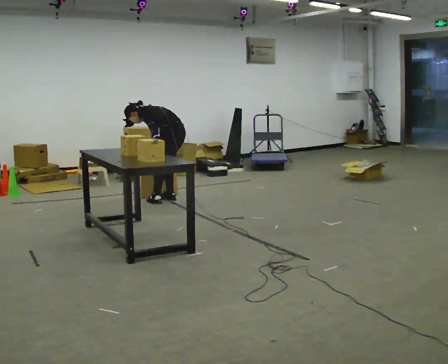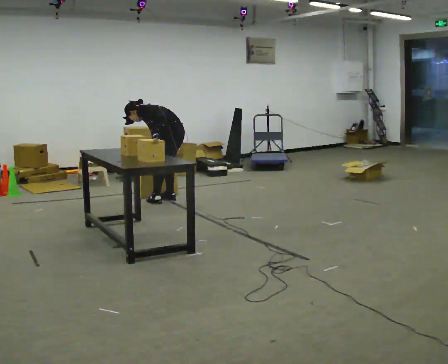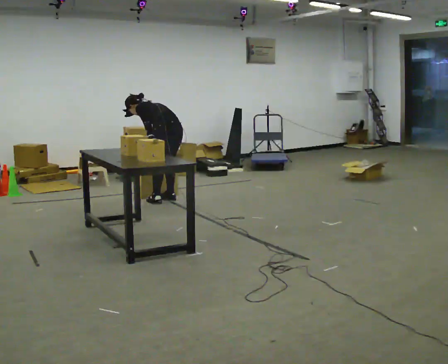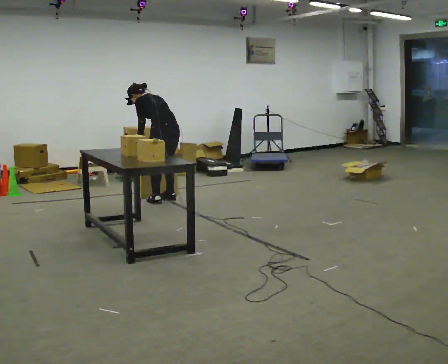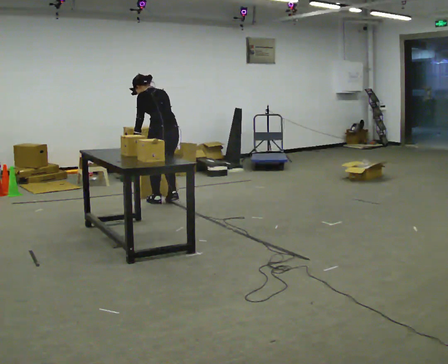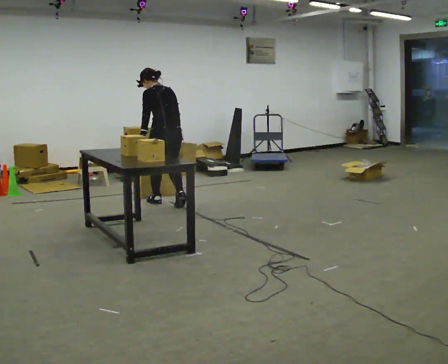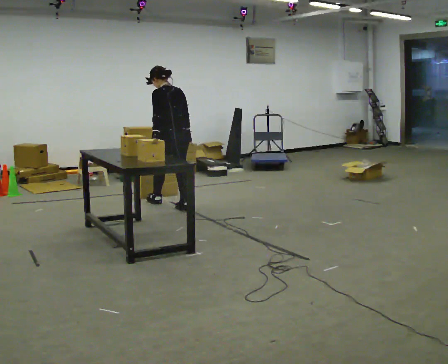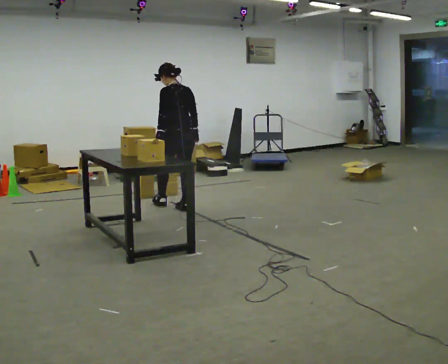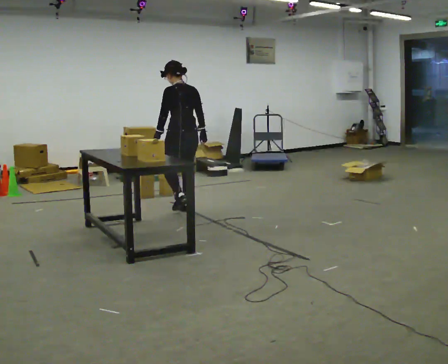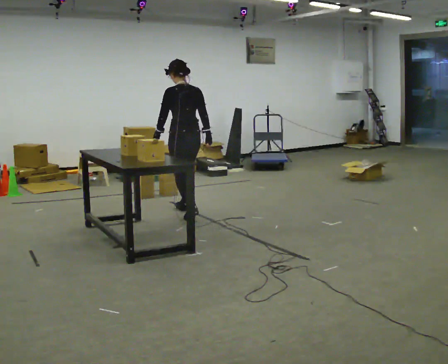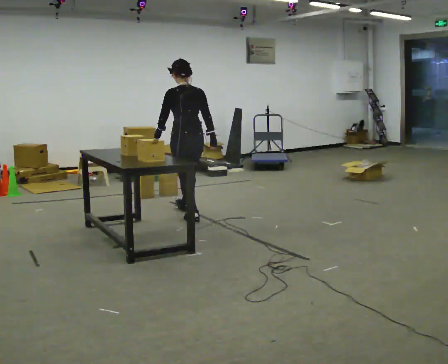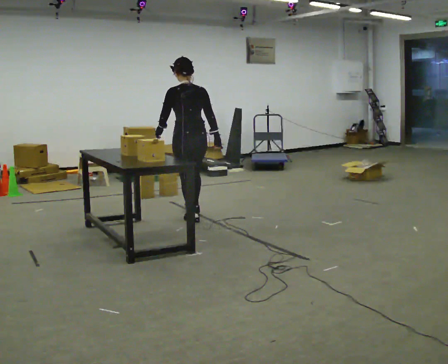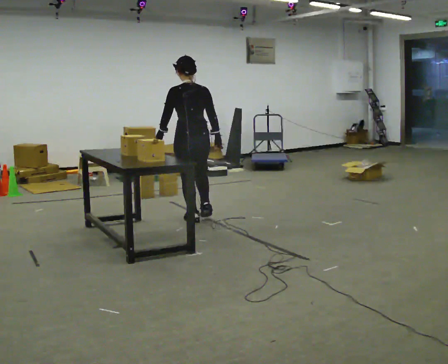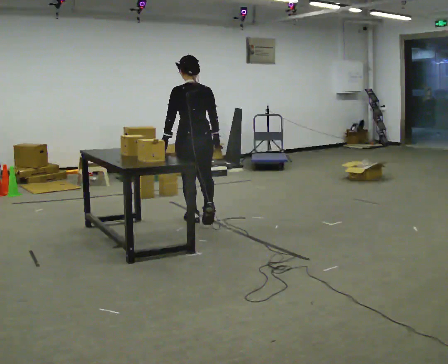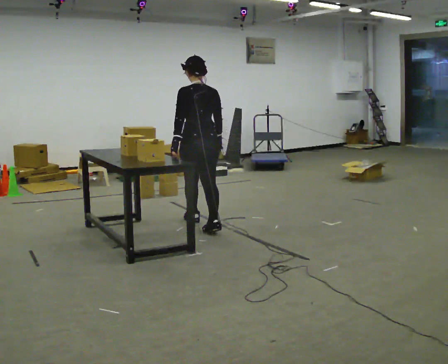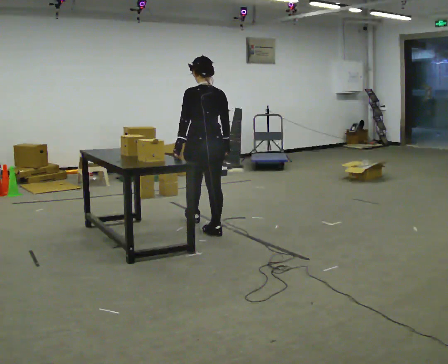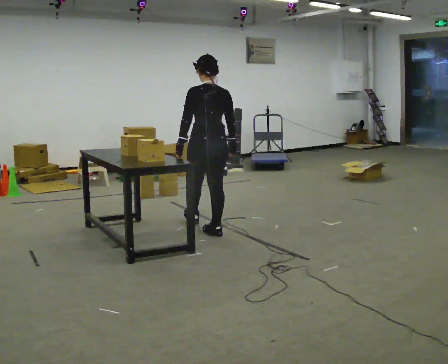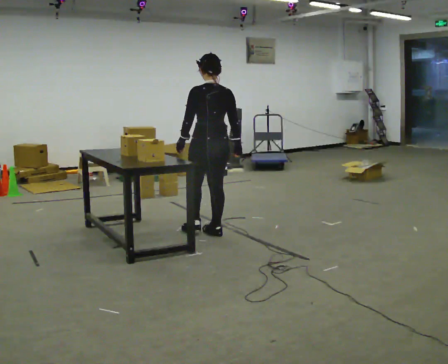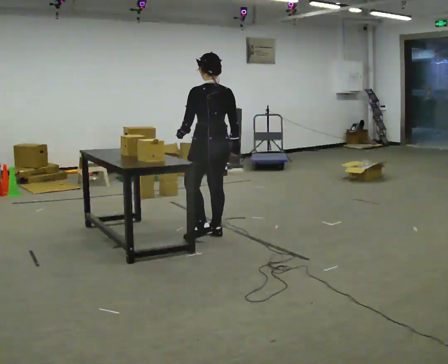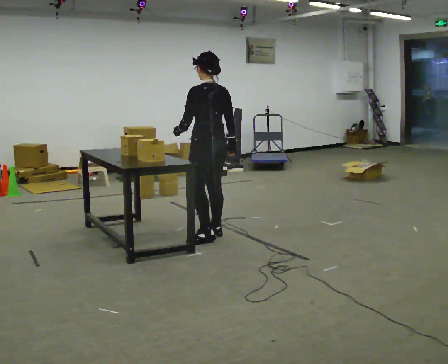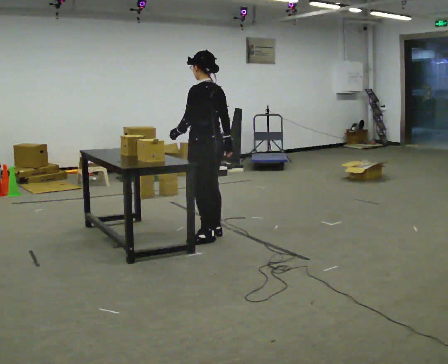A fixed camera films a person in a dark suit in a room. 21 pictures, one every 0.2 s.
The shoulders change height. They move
upward.
The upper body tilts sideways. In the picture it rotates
clockwise.
0.0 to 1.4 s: Seen from above the body turns clockwise, about 30 degrees: to their right, with its near side sliding to the left. In the picture they go toward the camera, about 0.5 m in 2 steps, which for them is backward and to their left. The upper body goes upward. In the picture the upper body tilts clockwise, shoulders to the right, as they lean back or straighten.
1.4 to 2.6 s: In the picture they go toward the camera, about 0.5 m in 1 step, which for them is backward.
2.6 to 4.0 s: The person turns about 45 degrees to their left, counterclockwise seen from above, so the part of the body nearest the lens slides to the right. In the picture they go toward the camera, about 0.5 m in 1 step, which for them is backward.
The film runs backward here.
